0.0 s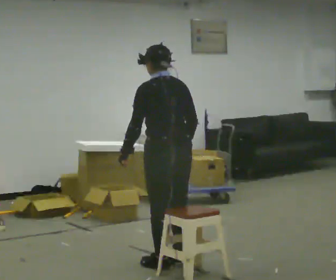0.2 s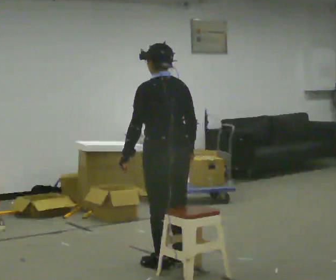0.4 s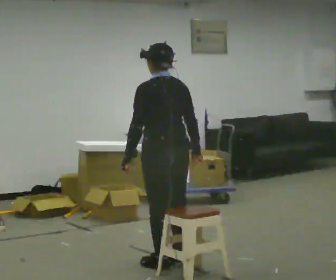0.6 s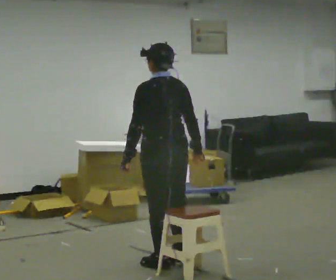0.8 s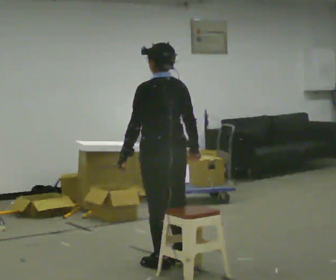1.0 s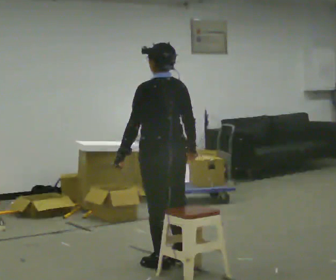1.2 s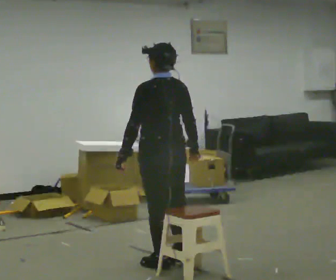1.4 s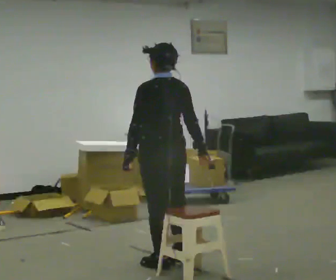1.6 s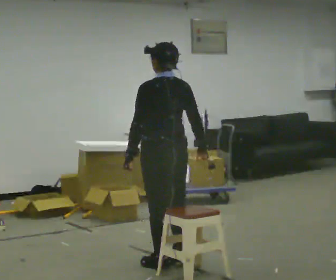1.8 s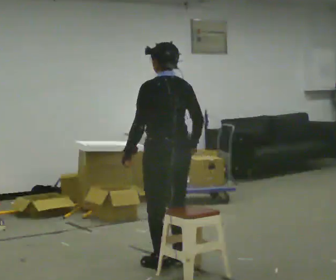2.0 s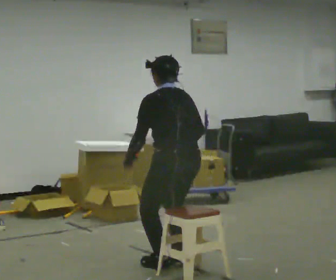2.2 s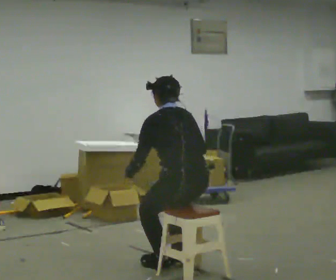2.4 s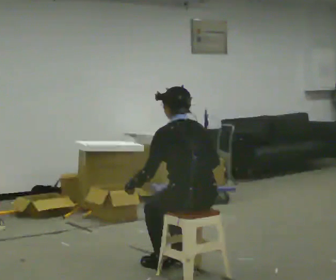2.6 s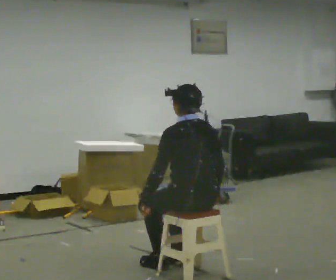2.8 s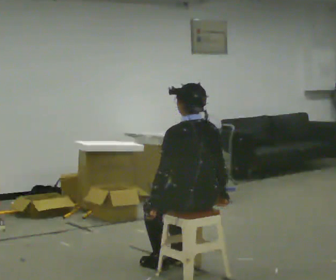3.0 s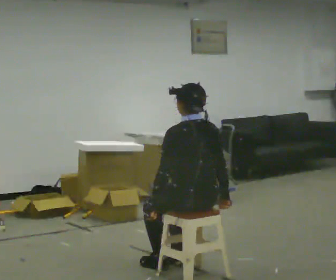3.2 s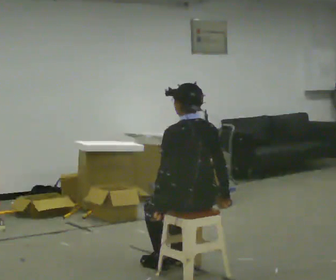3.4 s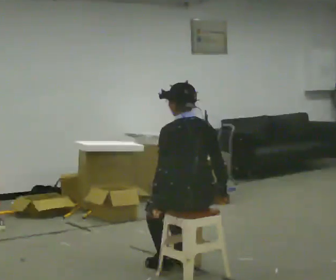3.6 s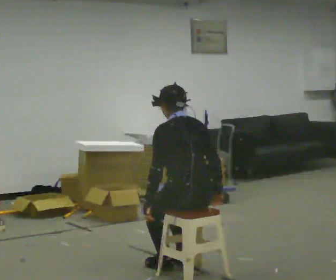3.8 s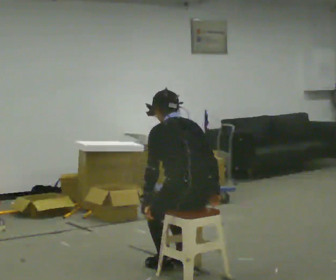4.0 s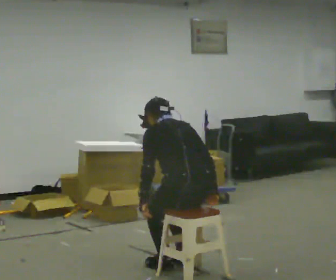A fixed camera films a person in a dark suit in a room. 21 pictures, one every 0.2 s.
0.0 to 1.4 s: The person moves a little, or ends about where they began.
1.4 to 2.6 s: In the picture they go toward the camera and to the right, about 0.25 m, which for them is backward. The shoulders move downward.
2.6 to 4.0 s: The upper body tips away from the camera, its near side rolling upward, as they bend forward.
The film runs backward here.
